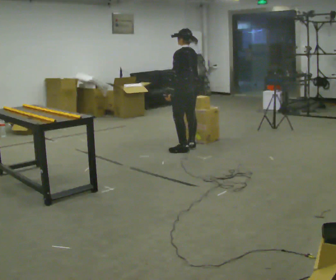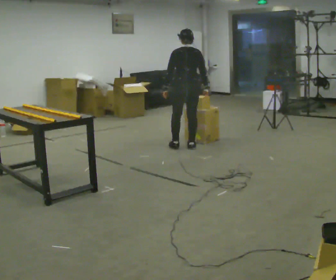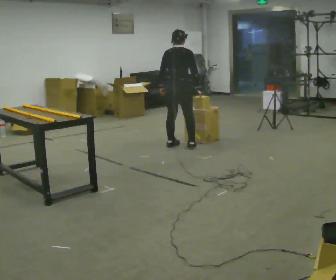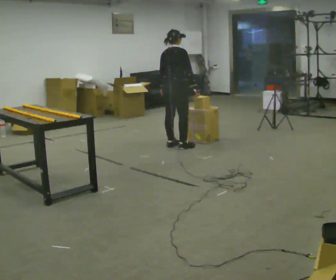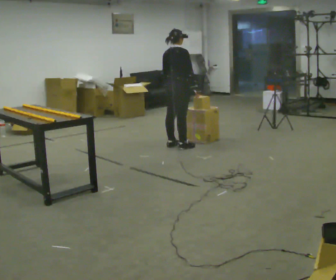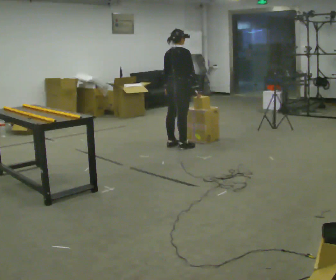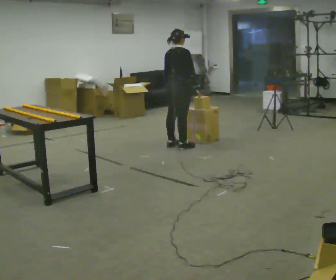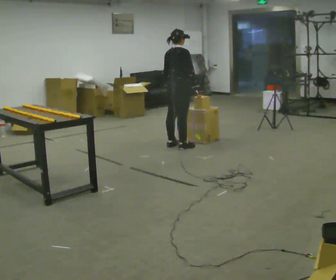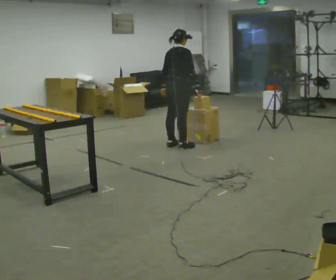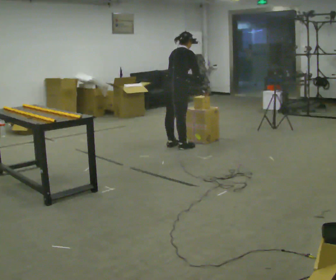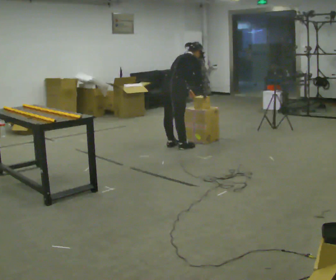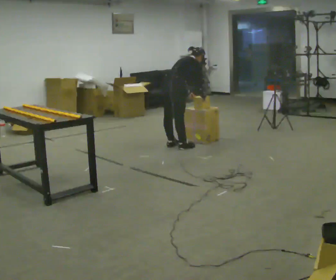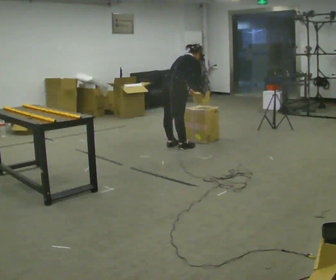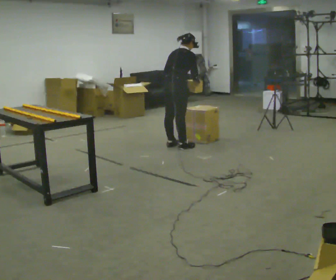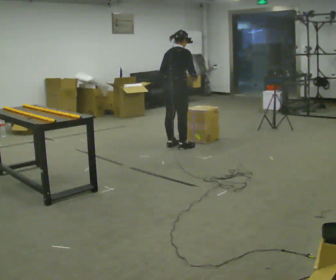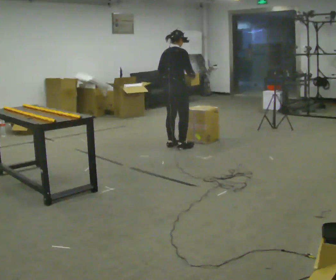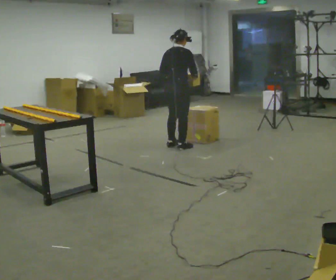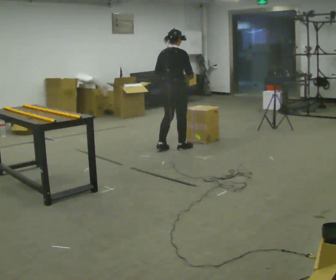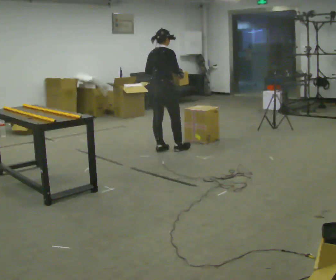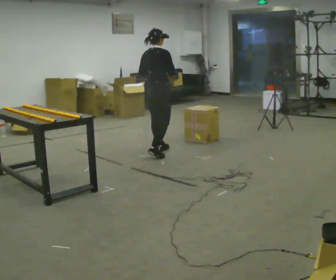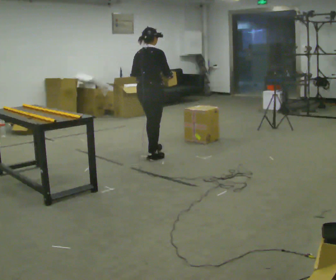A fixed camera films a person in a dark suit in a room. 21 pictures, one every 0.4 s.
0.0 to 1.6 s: The person turns about 90 degrees to their right, clockwise seen from above, so the part of the body nearest the lens slides to the left. In the picture they go away from the camera, about 0.25 m in 1 step.
1.6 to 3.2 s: The person moves a little, or ends about where they began.
3.2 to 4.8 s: In the picture the upper body tilts clockwise, shoulders to the right, as they bend forward.
4.8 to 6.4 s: In the picture the upper body tilts counterclockwise, shoulders to the left, as they lean back or straighten.
6.4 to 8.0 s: In the picture they go toward the camera and to the left, about 0.5 m in 3 steps, which for them is backward.
The film runs backward here.
